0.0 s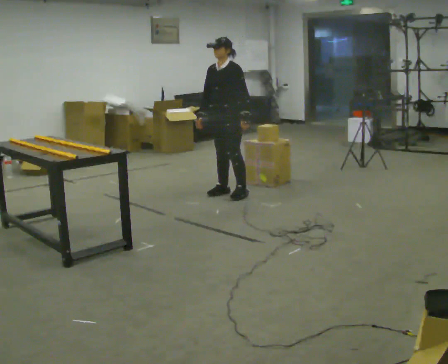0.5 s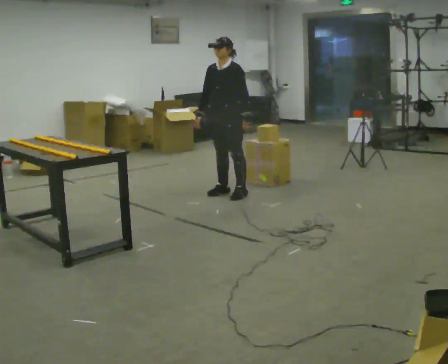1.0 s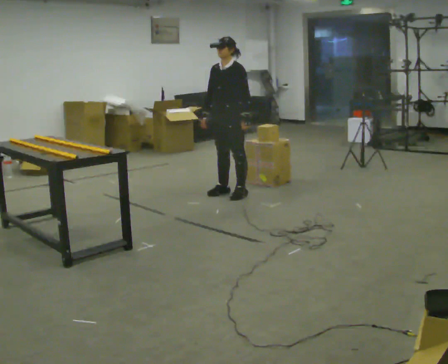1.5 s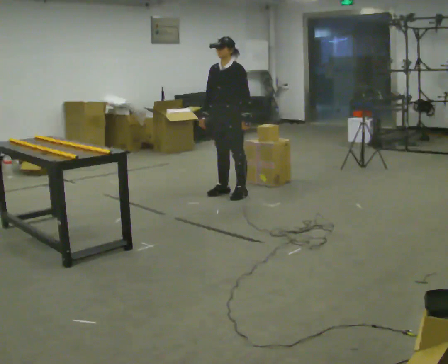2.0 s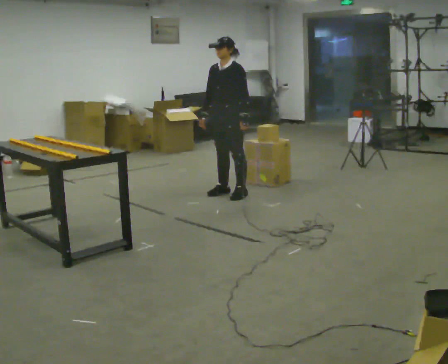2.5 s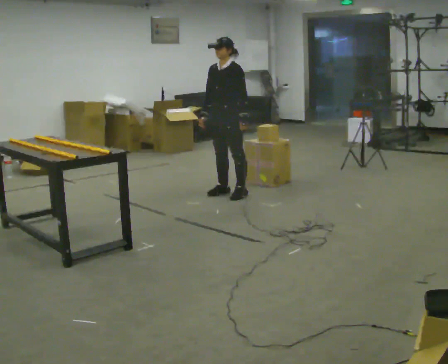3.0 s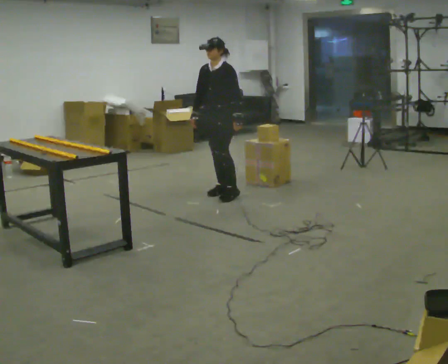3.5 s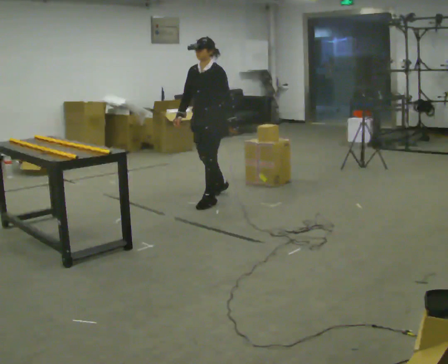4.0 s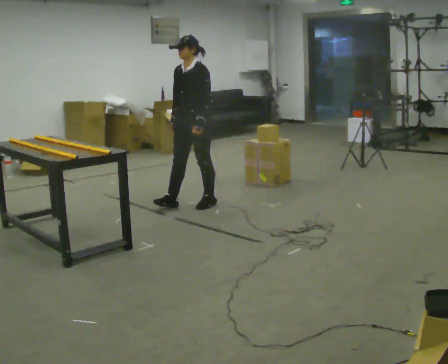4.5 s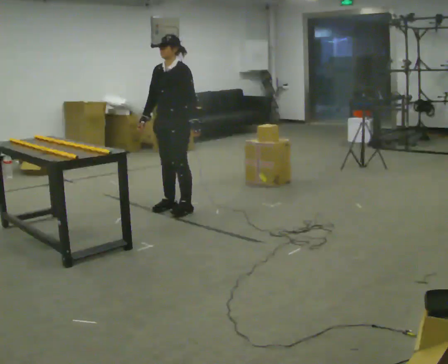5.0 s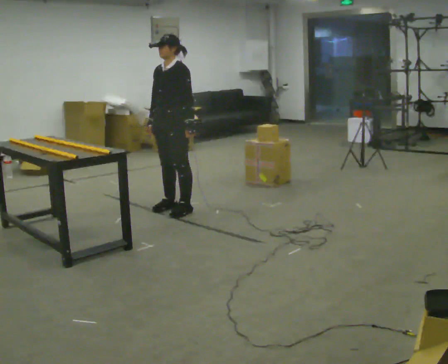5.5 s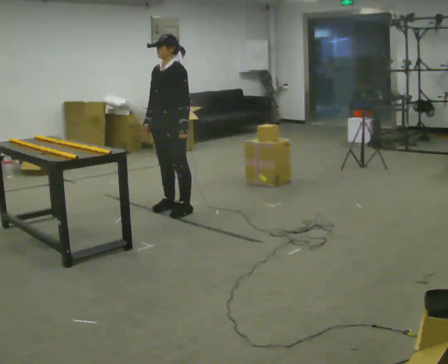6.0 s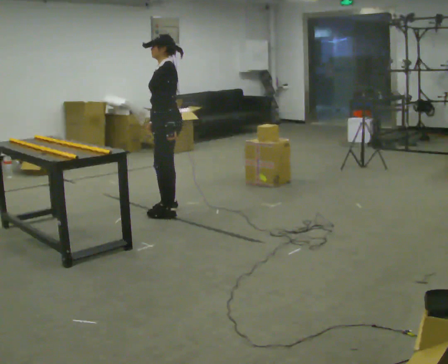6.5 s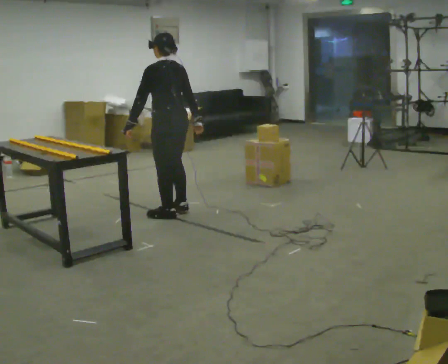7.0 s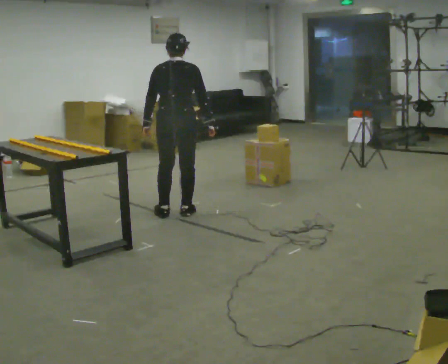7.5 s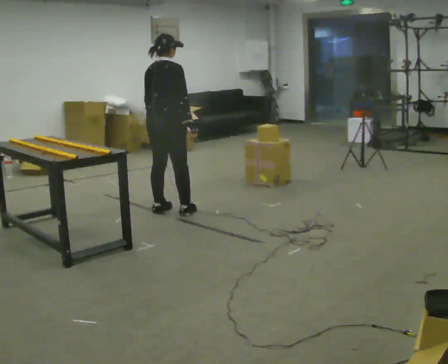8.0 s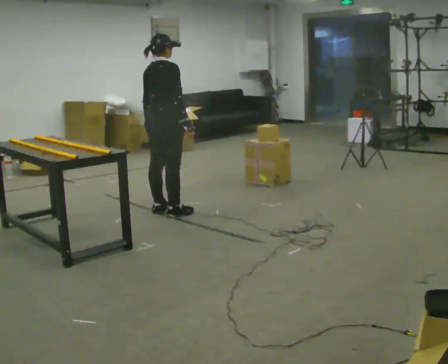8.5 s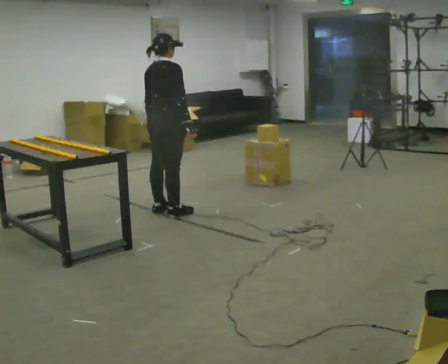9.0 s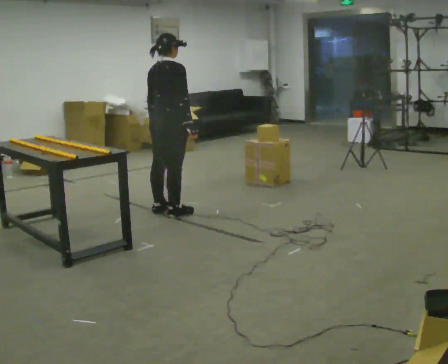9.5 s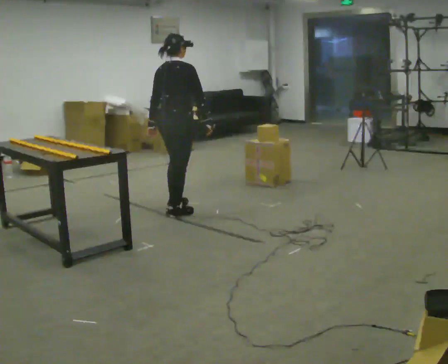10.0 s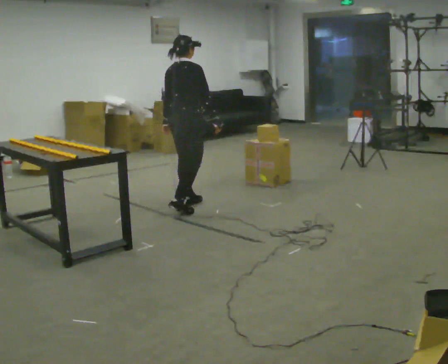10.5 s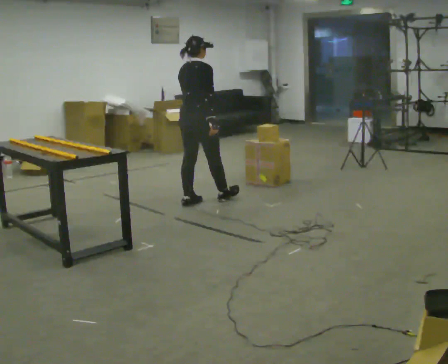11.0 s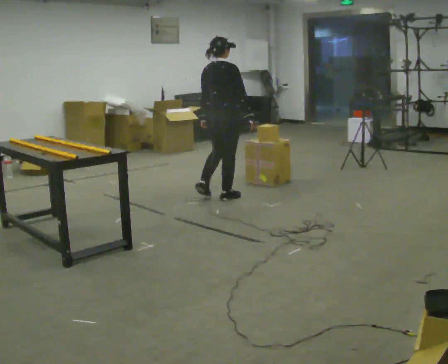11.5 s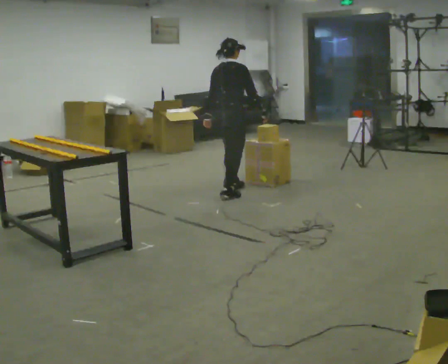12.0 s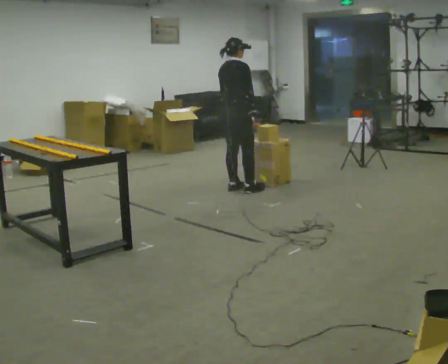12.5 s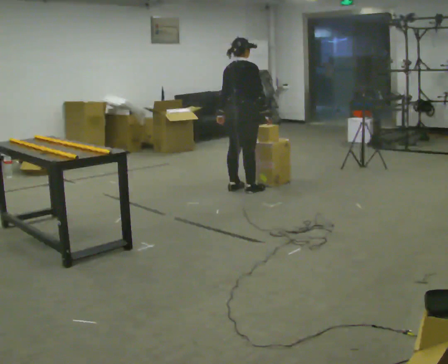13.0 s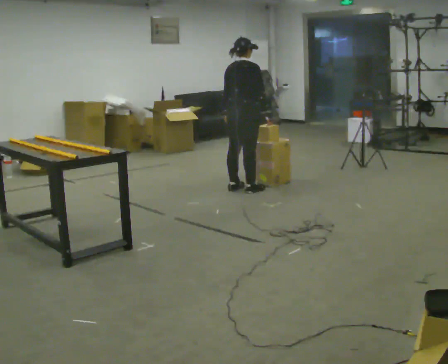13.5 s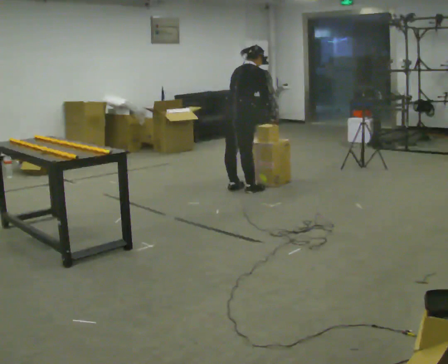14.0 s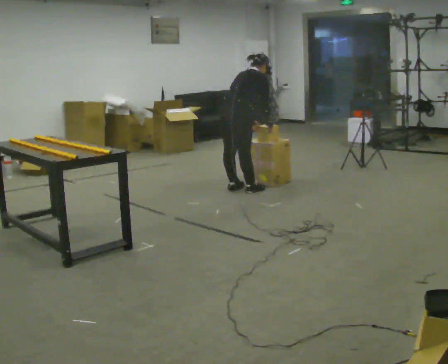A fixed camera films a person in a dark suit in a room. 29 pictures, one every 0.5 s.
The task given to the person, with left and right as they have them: Carry the object across the room and slide it into the slot on the shelf. It is a close fit, so take the time you need. Keep going until the operator says stop; one object at a time, and do not rush between trips.
0.0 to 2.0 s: The person moves a little, or ends about where they began.
2.0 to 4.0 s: In the picture they go to the left and toward the camera, about 0.5 m in 2 steps, which for them is forward.
4.0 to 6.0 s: Seen from above the body turns clockwise, about 45 degrees: to their right, with its near side sliding to the left. In the picture they go to the left, about 0.25 m in 2 steps, which for them is forward.
6.0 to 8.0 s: The part of the body nearest the lens slides to the left as the person turns to their right by about 150 degrees.
8.0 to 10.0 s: In the picture they go to the right, about 0.25 m in 1 step, which for them is forward.
10.0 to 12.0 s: In the picture they go to the right and away from the camera, about 1 m in 3 steps, which for them is forward.
12.0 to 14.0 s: In the picture the upper body tilts clockwise, shoulders to the right, as they bend forward.
The film runs forward here.
